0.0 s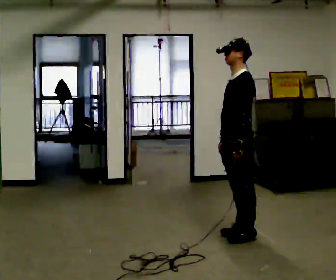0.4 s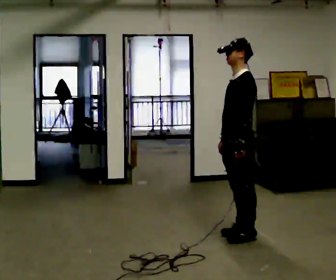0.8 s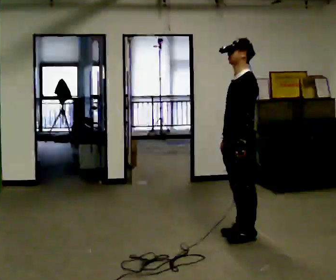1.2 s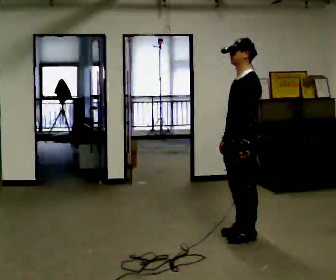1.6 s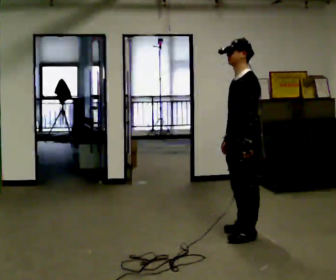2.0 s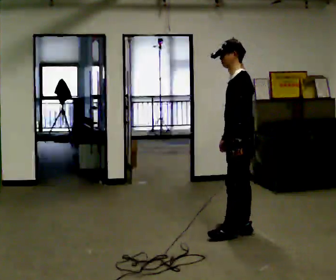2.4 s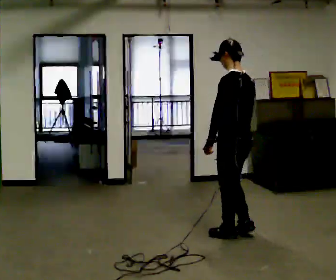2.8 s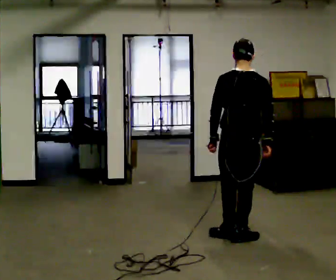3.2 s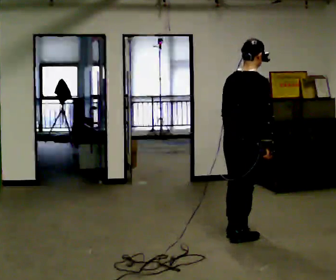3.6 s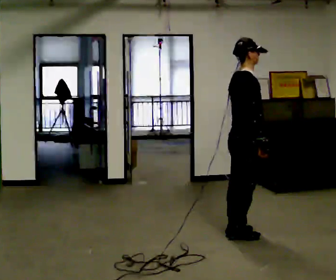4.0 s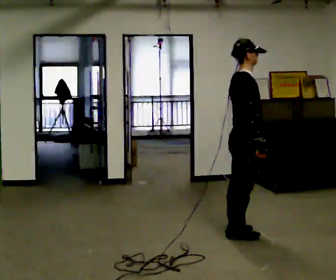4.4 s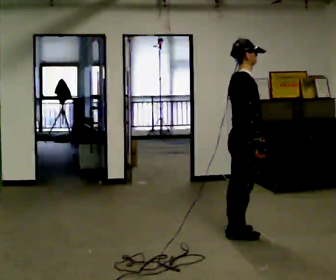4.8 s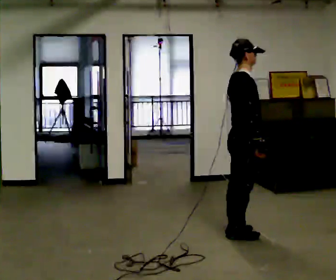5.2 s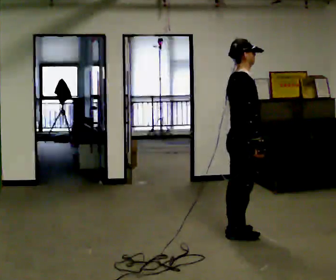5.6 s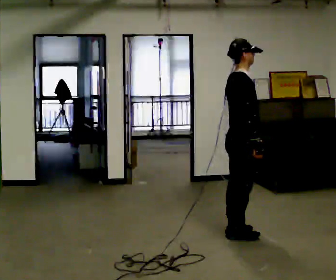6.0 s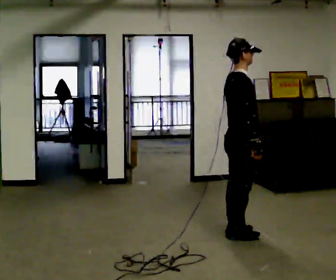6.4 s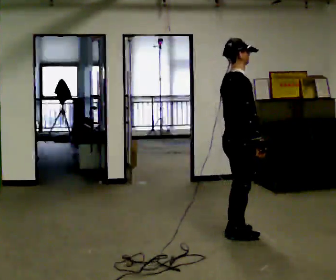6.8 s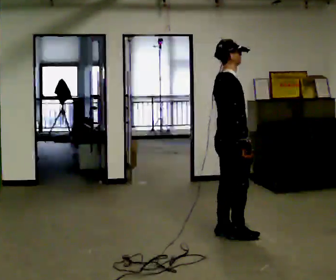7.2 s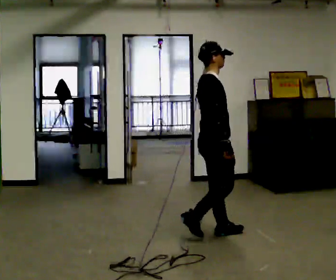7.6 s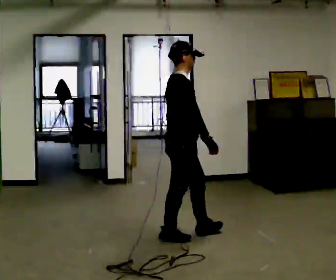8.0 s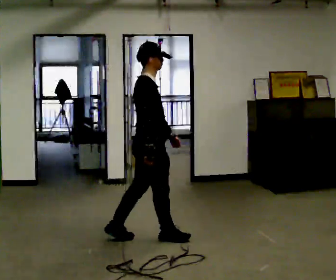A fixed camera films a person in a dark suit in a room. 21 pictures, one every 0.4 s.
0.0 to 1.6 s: The person moves a little, or ends about where they began.
1.6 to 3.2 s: The person turns about 150 degrees to their right, clockwise seen from above, so the part of the body nearest the lens slides to the left.
3.2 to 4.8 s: The part of the body nearest the lens slides to the left as the person turns to their right by about 45 degrees.
4.8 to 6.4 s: The person moves a little, or ends about where they began.
6.4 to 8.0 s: In the picture they go to the left, about 0.5 m in 2 steps, which for them is backward.
The film runs backward here.
